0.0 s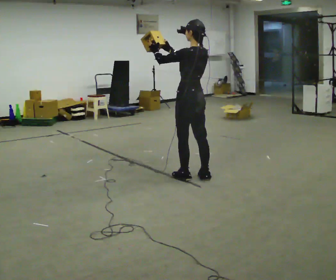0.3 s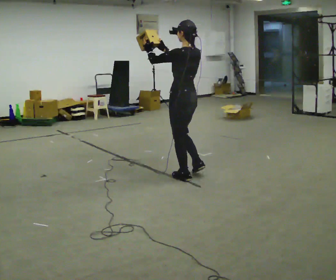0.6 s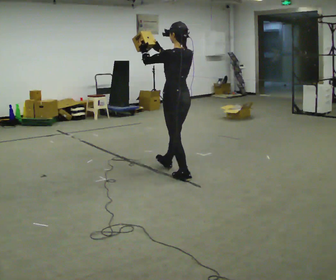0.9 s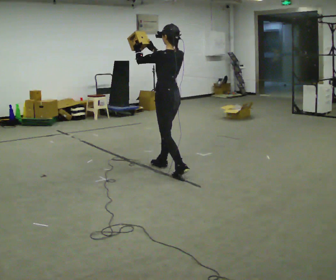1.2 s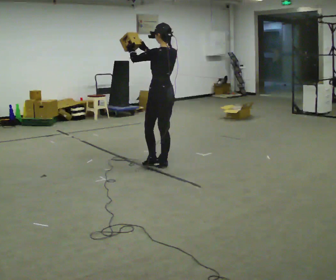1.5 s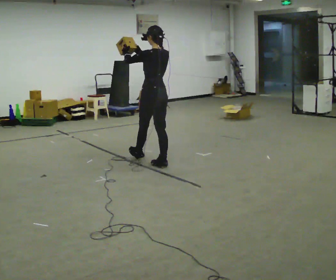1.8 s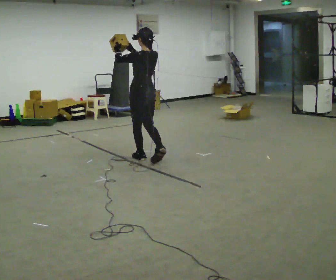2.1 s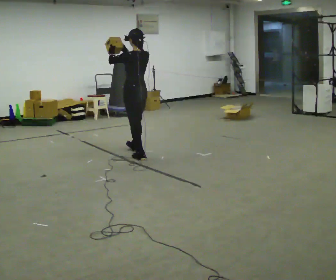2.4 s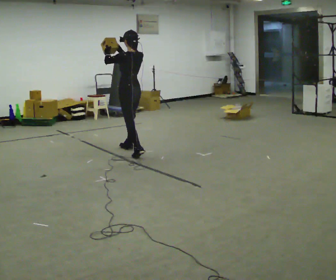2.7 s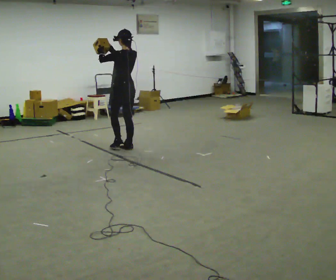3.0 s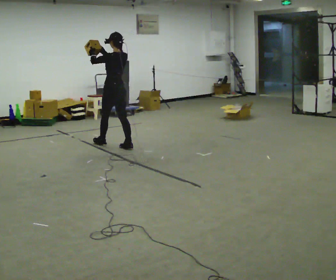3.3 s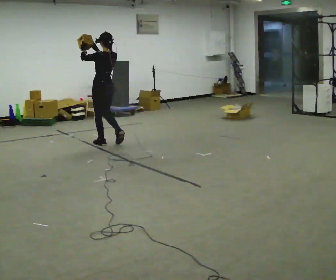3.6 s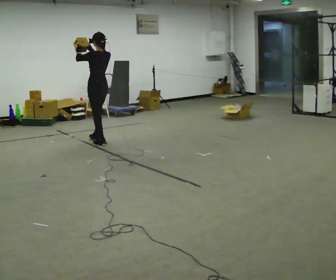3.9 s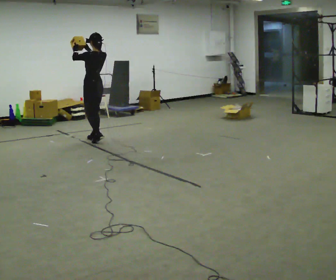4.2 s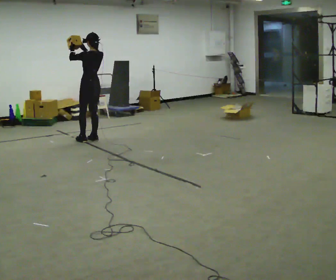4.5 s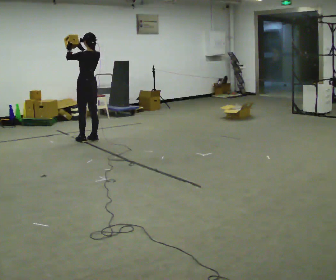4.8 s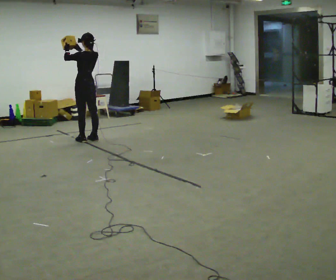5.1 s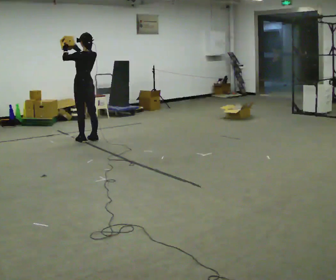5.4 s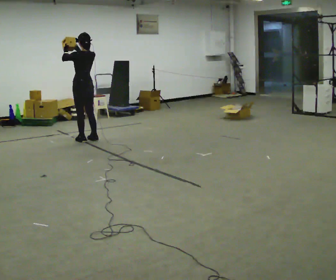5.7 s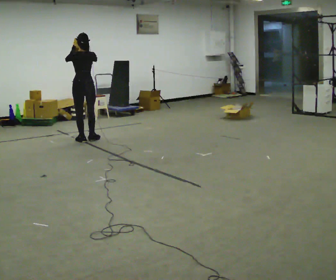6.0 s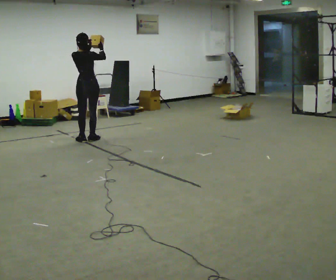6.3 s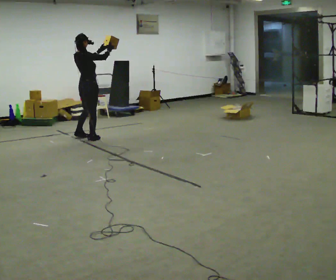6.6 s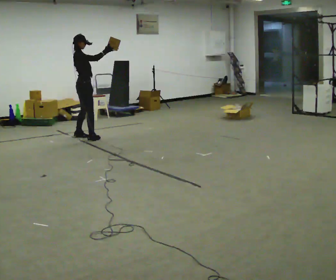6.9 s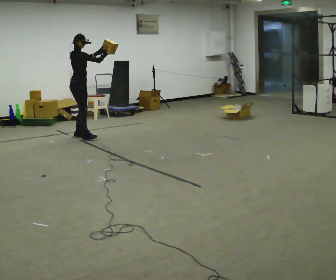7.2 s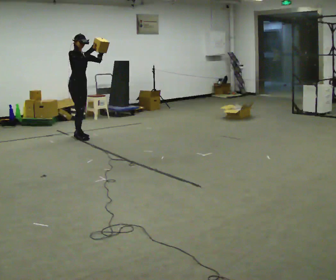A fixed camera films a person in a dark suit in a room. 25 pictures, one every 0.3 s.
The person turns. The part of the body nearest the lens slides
to the left.
The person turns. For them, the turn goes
to their right.
0.0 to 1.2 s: In the picture they go away from the camera and to the left, about 0.5 m in 1 step, which for them is forward.
1.2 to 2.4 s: In the picture they go away from the camera, about 1 m in 2 steps, which for them is forward.
2.4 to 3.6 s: In the picture they go away from the camera and to the left, about 0.5 m in 1 step, which for them is forward.
3.6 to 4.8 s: In the picture they go to the left and away from the camera, about 0.25 m in 2 steps, which for them is forward.
4.8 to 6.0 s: Seen from above the body turns clockwise, about 60 degrees: to their right, with its near side sliding to the left. In the picture their right hand goes to the right.
6.0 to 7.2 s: Seen from above the body turns clockwise, about 120 degrees: to their right, with its near side sliding to the left. In the picture they go away from the camera, about 0.25 m in 2 steps.
The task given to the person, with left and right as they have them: Carry the object held up above your head, walking back and forth across the room.
The film runs forward here.
